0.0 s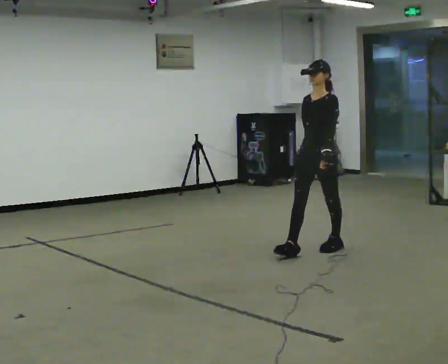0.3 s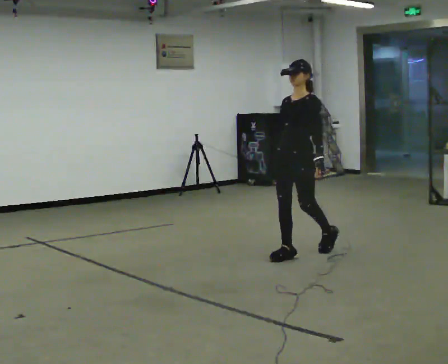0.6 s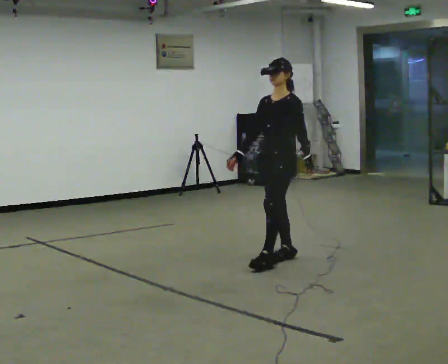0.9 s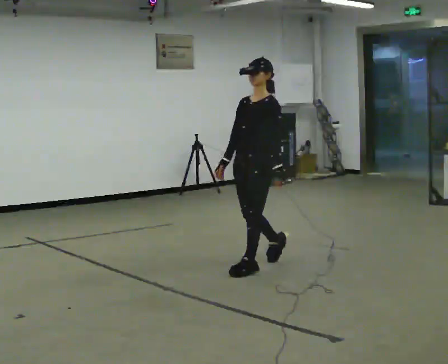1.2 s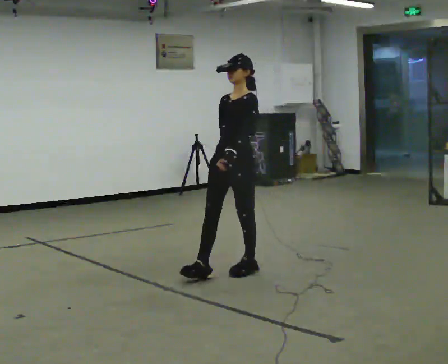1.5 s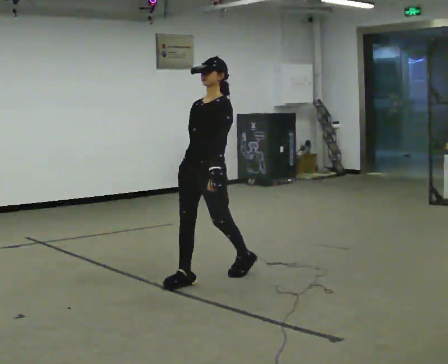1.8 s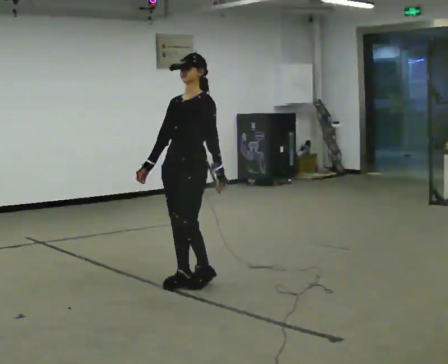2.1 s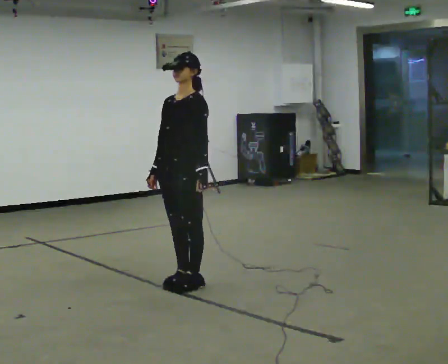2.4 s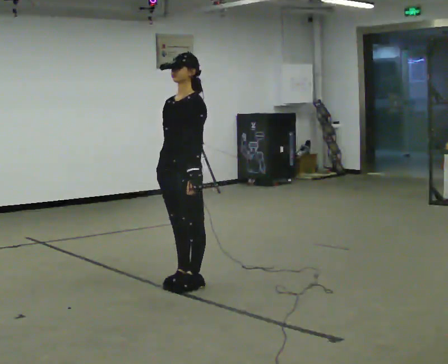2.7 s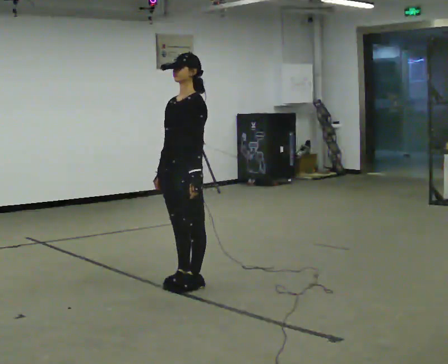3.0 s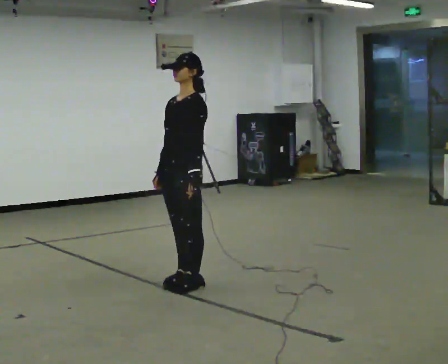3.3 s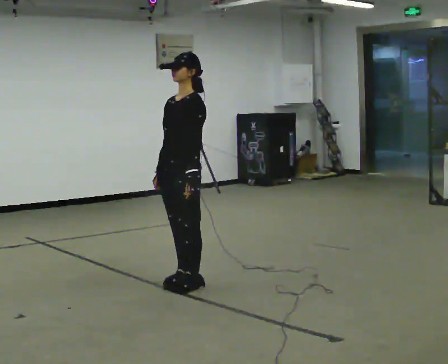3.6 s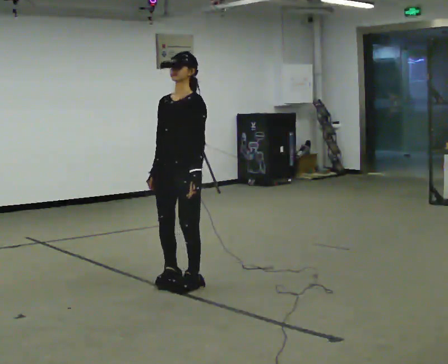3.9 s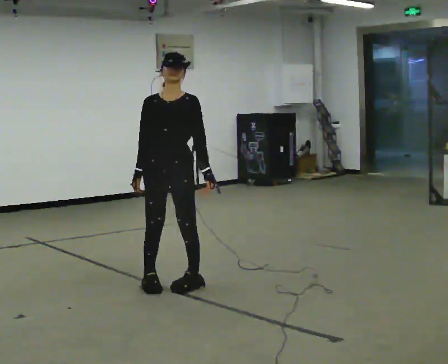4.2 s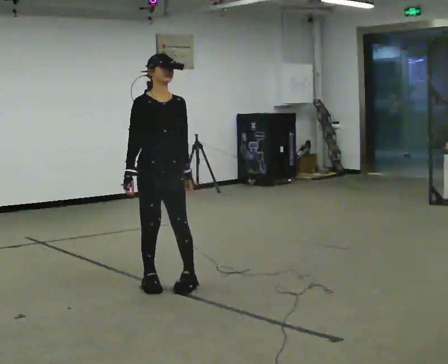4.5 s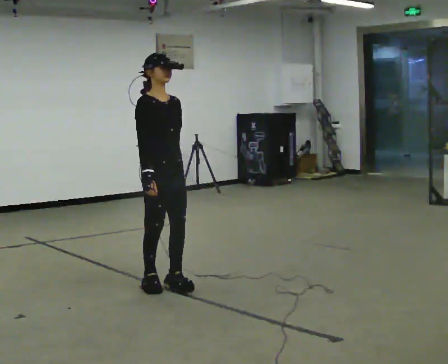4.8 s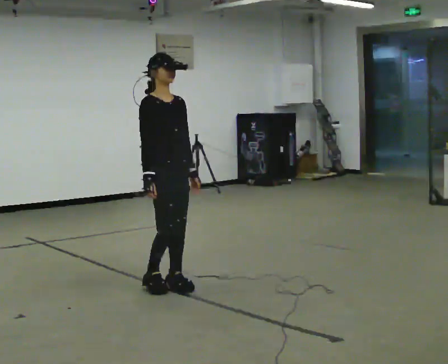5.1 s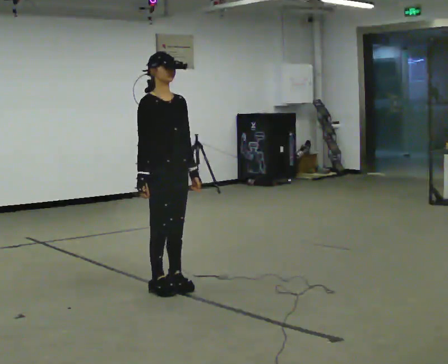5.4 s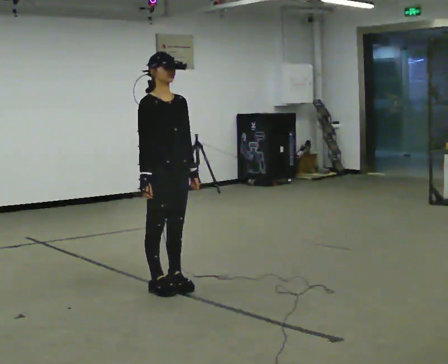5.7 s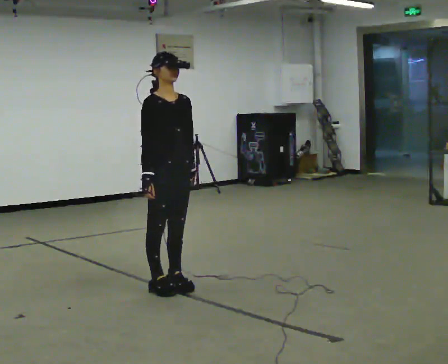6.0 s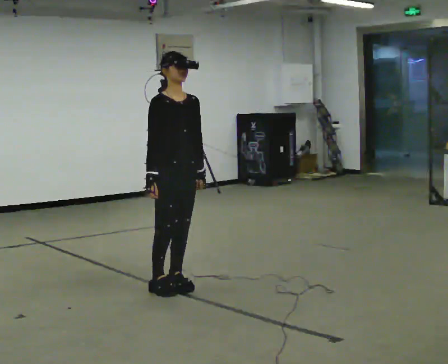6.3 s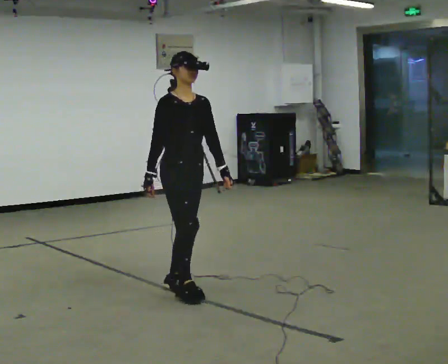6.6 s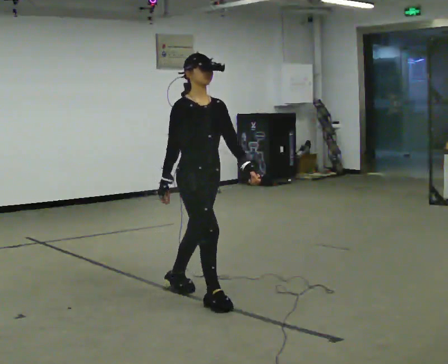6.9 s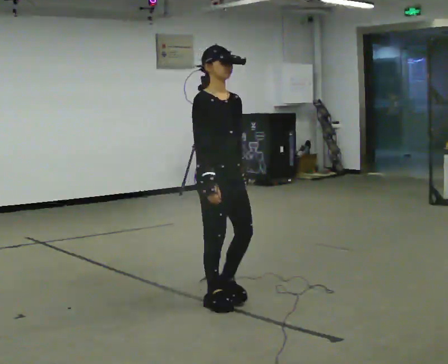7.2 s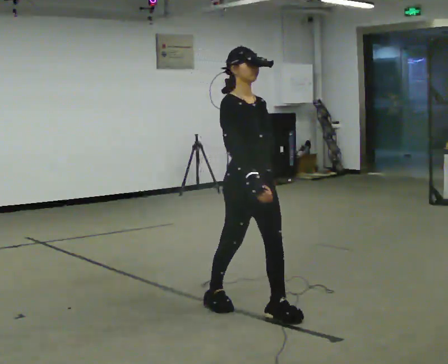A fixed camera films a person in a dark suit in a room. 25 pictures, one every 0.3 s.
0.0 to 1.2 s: In the picture they go to the left and toward the camera, about 1 m in 2 steps, which for them is forward.
1.2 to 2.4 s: In the picture they go to the left and toward the camera, about 0.5 m in 2 steps, which for them is forward.
2.4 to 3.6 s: The person moves a little, or ends about where they began.
3.6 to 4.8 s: The person turns about 90 degrees to their left, counterclockwise seen from above, so the part of the body nearest the lens slides to the right.
4.8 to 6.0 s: The person moves a little, or ends about where they began.
6.0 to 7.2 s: In the picture they go toward the camera and to the right, about 0.5 m in 2 steps, which for them is forward.
The film runs forward here.
